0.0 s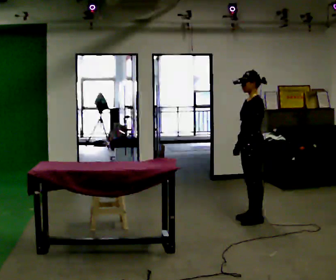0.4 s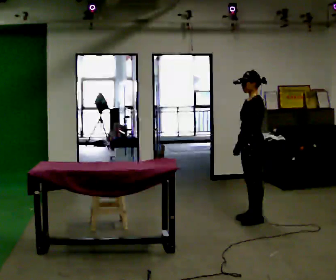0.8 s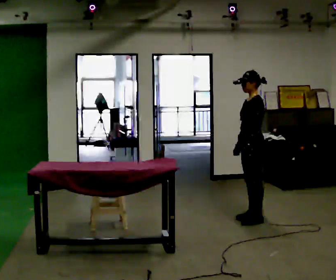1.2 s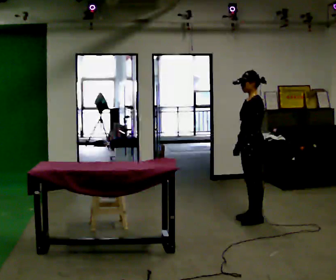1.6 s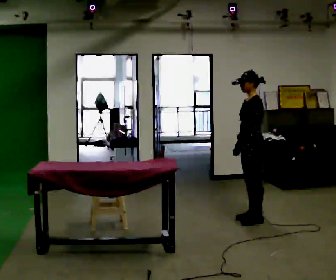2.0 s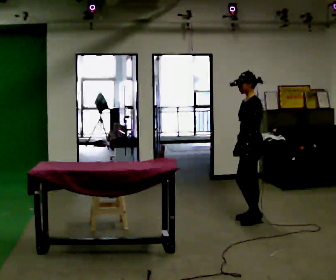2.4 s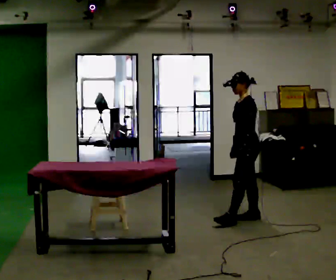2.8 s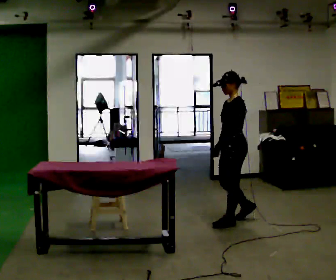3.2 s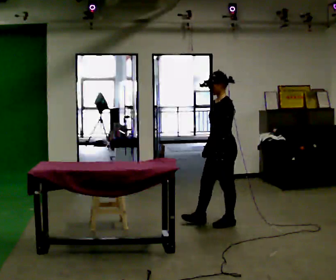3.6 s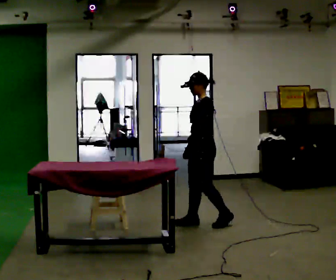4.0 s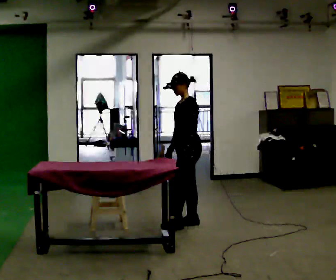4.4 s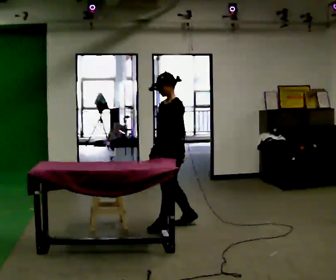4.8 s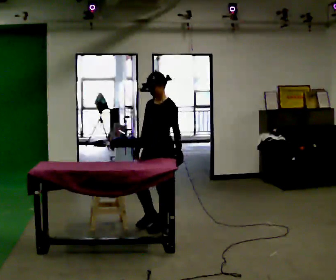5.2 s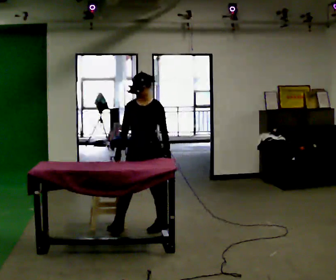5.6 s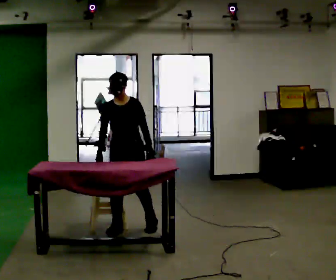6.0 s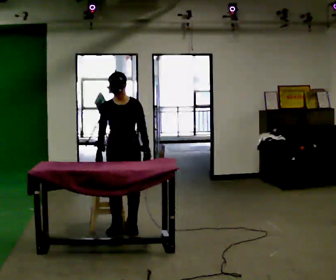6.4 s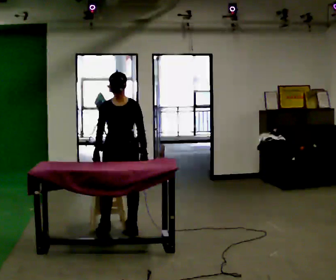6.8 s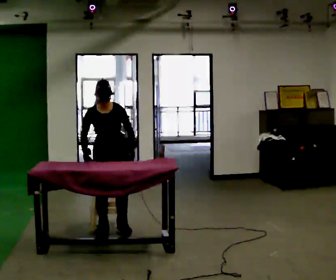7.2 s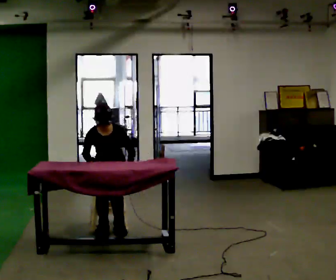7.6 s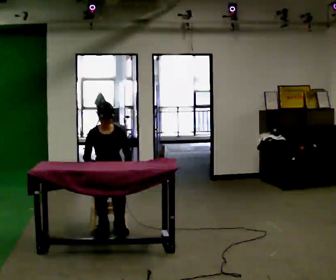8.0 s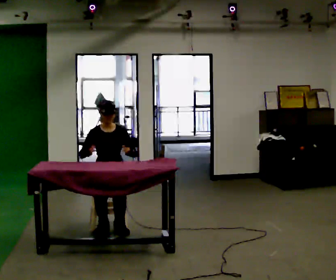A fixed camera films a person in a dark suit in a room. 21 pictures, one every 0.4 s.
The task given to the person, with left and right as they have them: Walk up to the chair at the table, sit down into the space, settle as if you were about to work there, then stand up and step away. Repeat the movement at your own pace until the operator says stop; do not rush.
0.0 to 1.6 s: The person keeps their place and pose.
1.6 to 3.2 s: In the picture they go to the left and toward the camera, about 0.25 m in 1 step, which for them is forward.
3.2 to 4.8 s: The part of the body nearest the lens slides to the right as the person turns to their left by about 30 degrees. In the picture they go to the left, about 0.75 m in 2 steps, which for them is forward.
4.8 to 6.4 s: The part of the body nearest the lens slides to the right as the person turns to their left by about 45 degrees. In the picture they go to the left, about 0.5 m in 2 steps, which for them is to their right.
6.4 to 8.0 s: In the picture they go away from the camera and to the left, about 0.25 m, which for them is backward. The upper body goes downward.
The film runs forward here.
